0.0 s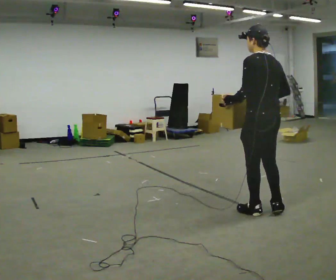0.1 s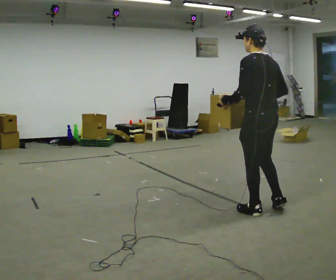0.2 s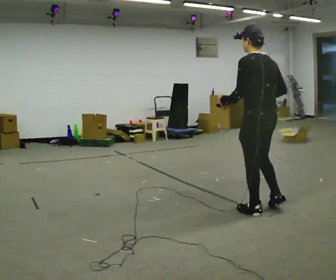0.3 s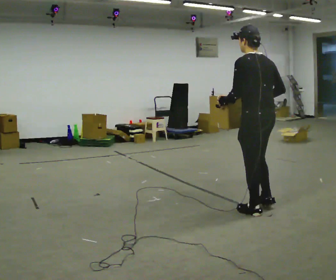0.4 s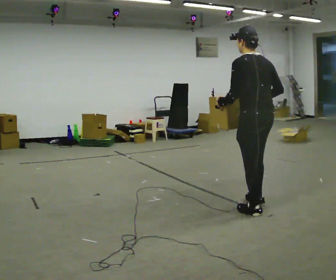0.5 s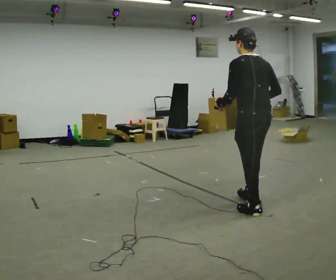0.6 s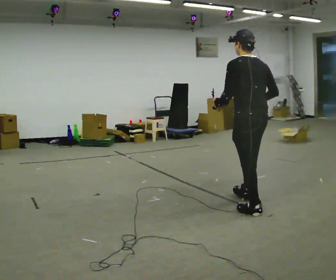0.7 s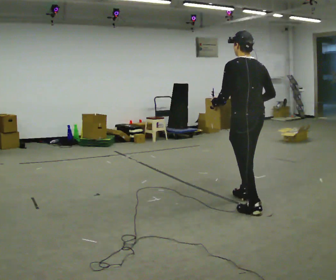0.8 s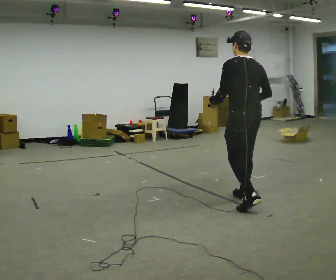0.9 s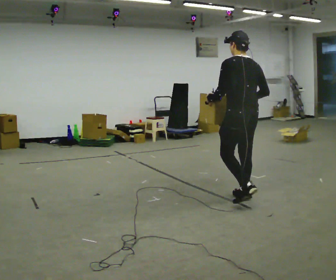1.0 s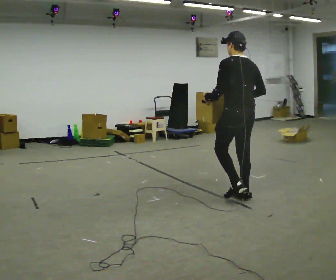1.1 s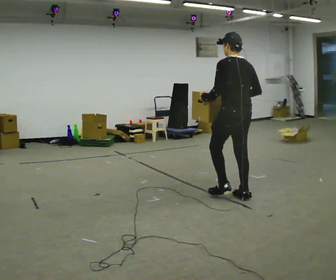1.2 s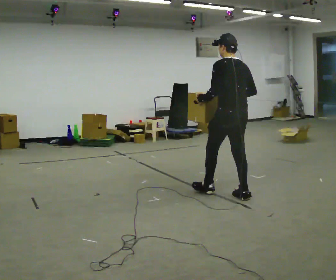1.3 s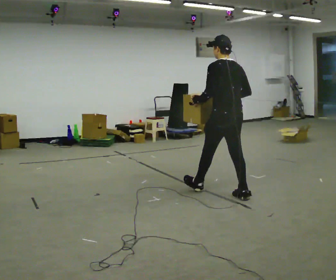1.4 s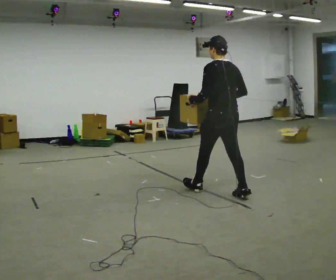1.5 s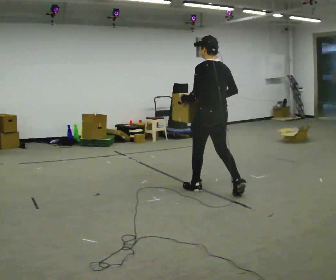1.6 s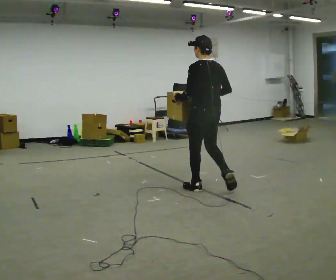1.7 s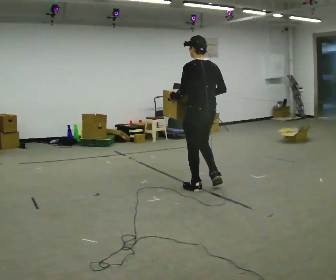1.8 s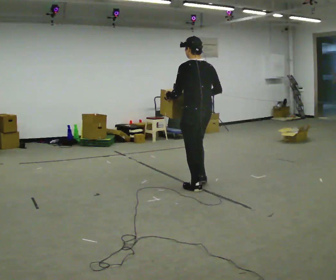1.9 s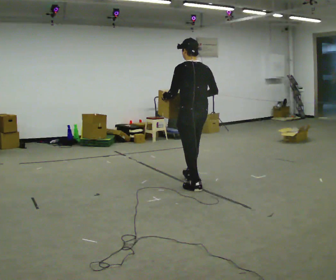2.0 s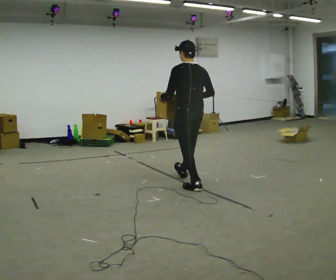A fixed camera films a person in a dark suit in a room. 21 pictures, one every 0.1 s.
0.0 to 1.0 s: In the picture they go away from the camera and to the left, about 0.5 m in 1 step, which for them is forward.
1.0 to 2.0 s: In the picture they go away from the camera and to the left, about 1 m in 1 step, which for them is forward.
The film runs forward here.
